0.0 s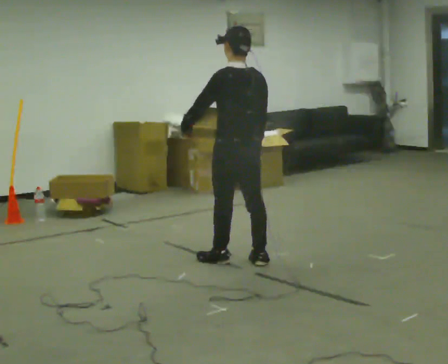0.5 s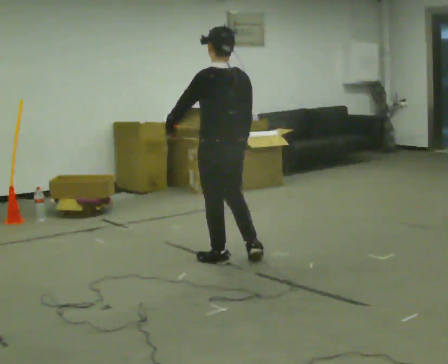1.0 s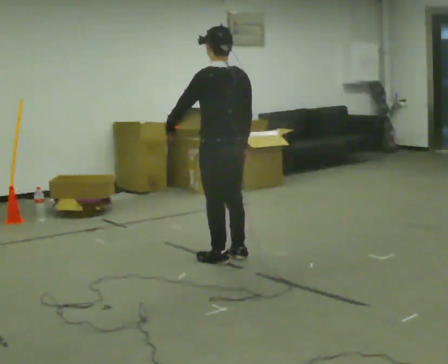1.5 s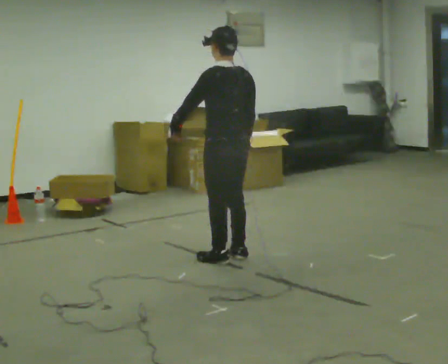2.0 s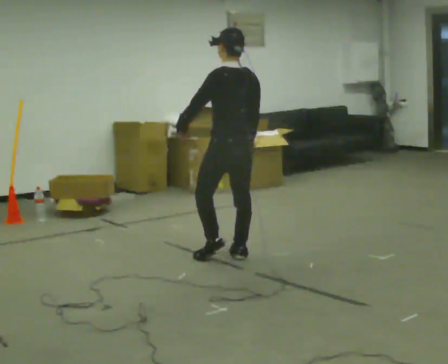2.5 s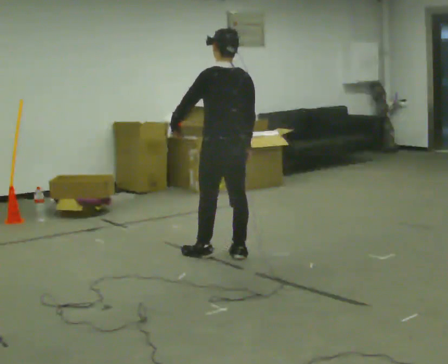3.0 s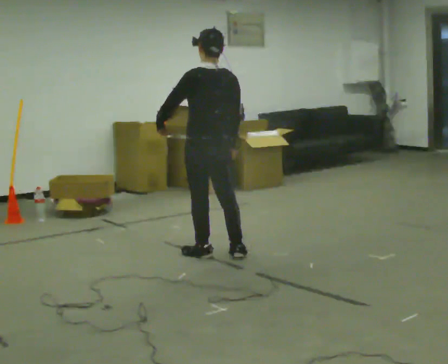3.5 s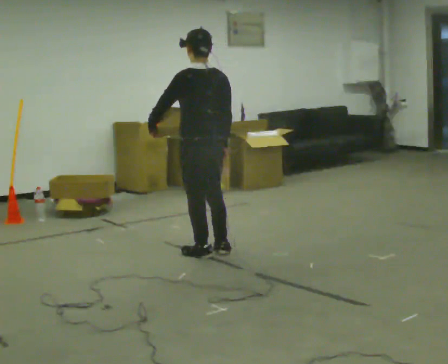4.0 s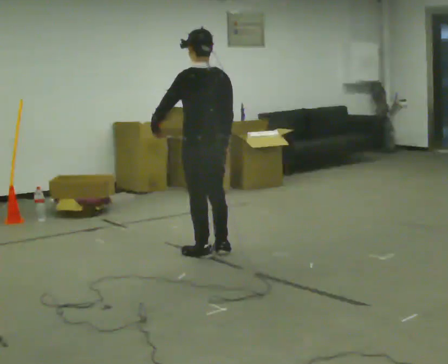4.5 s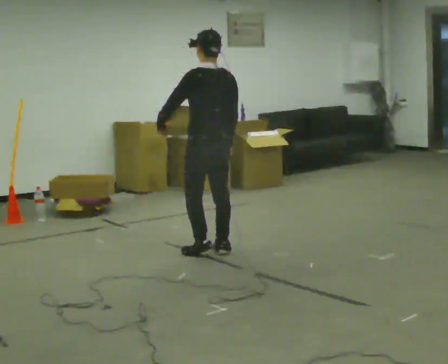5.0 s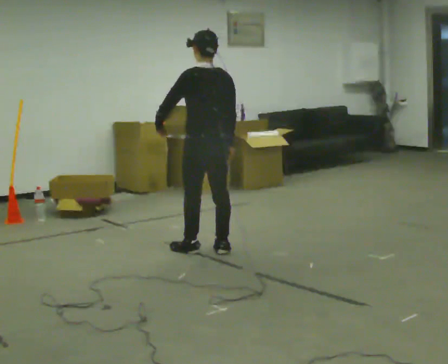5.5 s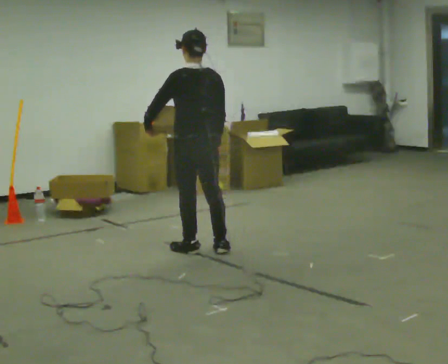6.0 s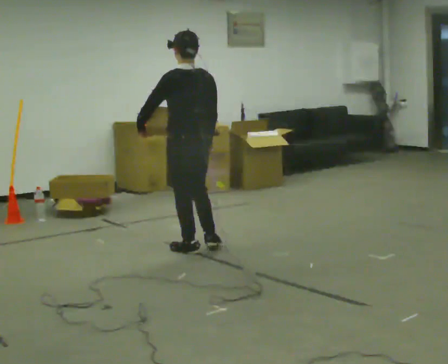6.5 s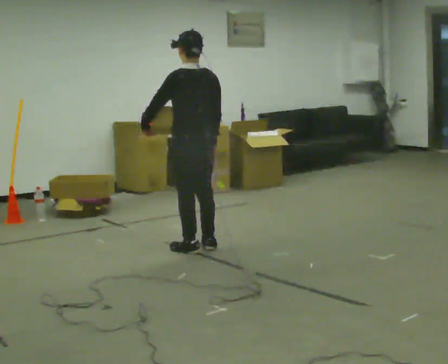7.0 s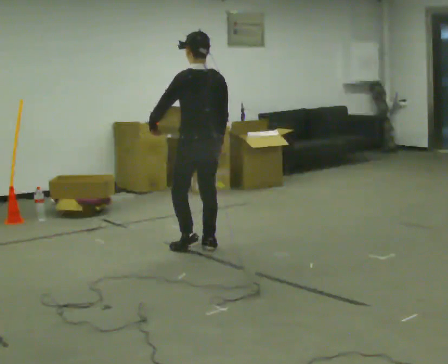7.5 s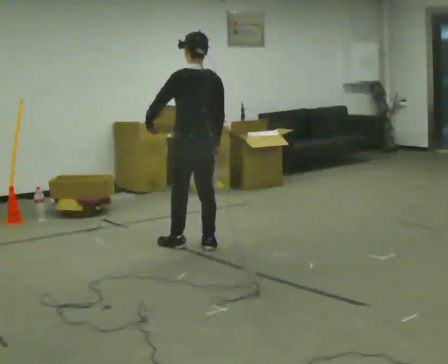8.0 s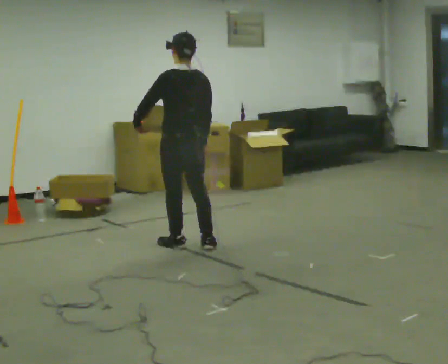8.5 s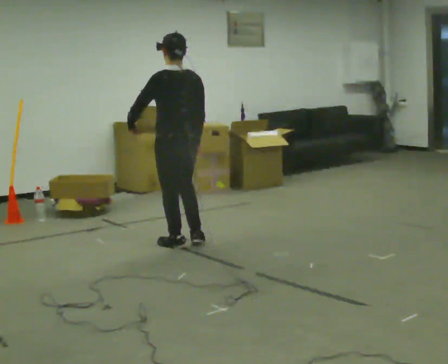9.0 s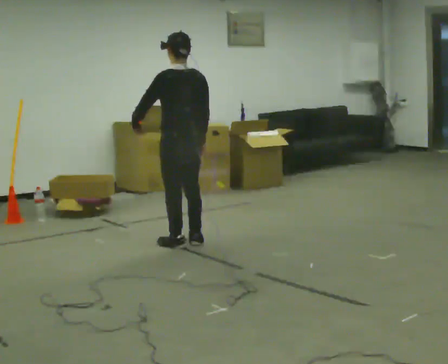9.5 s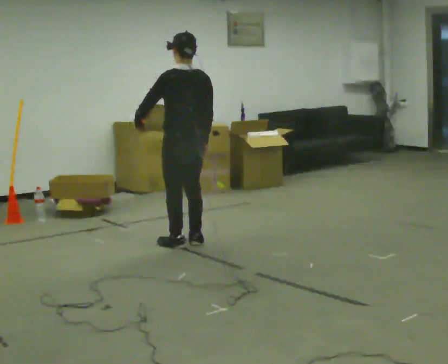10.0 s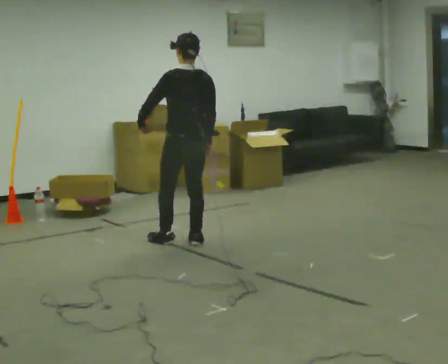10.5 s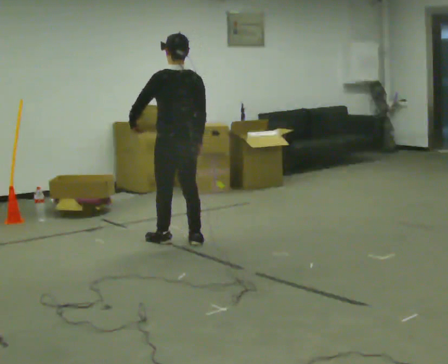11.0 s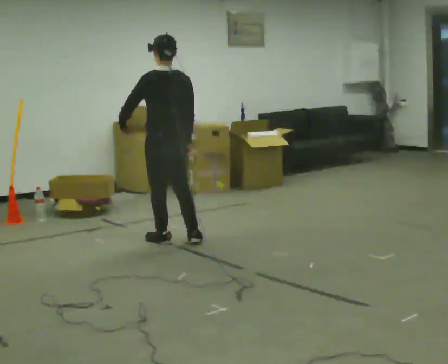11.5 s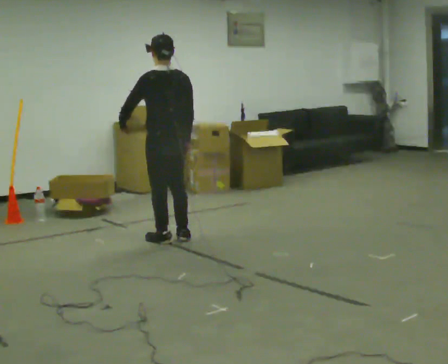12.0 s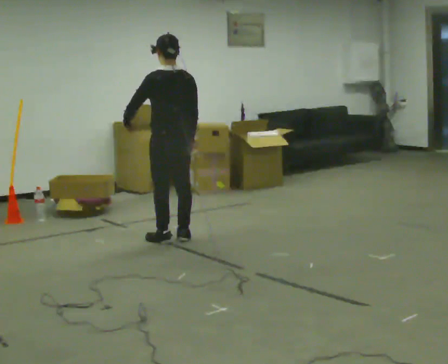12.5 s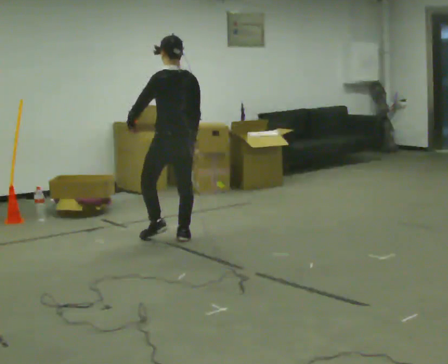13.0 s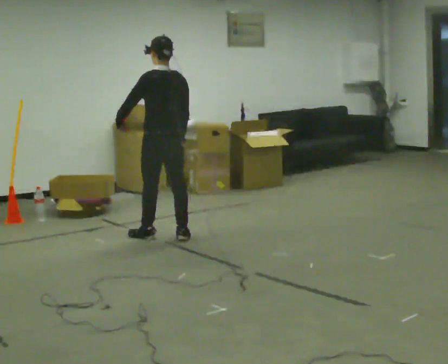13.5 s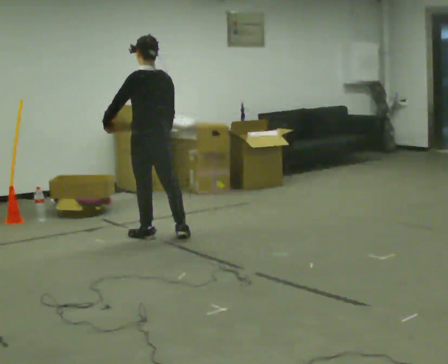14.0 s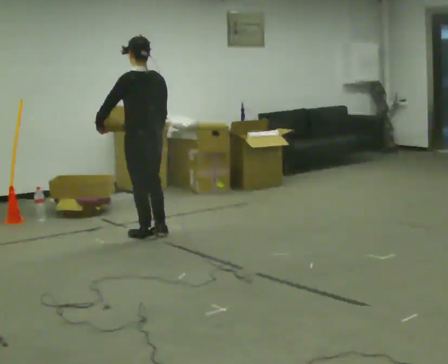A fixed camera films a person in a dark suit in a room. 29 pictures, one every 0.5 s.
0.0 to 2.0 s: The person moves a little, or ends about where they began.
2.0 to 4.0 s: In the picture they go to the left, about 0.25 m in 2 steps, which for them is forward and to their left.
4.0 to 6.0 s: The person moves a little, or ends about where they began.
6.0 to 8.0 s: In the picture they go away from the camera, about 0.25 m in 2 steps, which for them is forward.
8.0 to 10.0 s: The person moves a little, or ends about where they began.
10.0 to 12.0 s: In the picture they go away from the camera, about 0.25 m in 2 steps, which for them is forward.
12.0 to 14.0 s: In the picture they go to the left, about 0.25 m in 1 step, which for them is forward and to their left.
The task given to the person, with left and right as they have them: Hold the object against your hip on the side the operator calls, and carry it back and forth across the room.
The film runs forward here.
